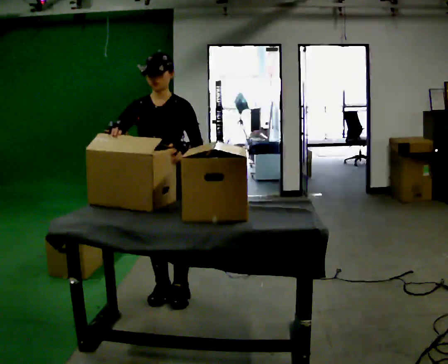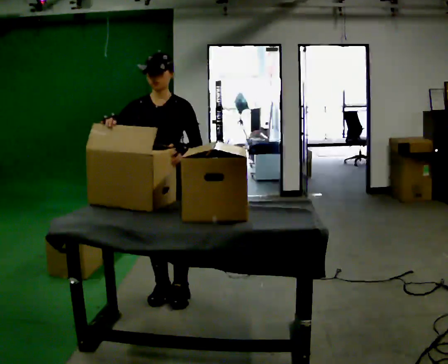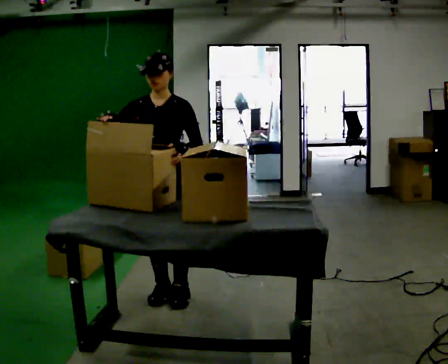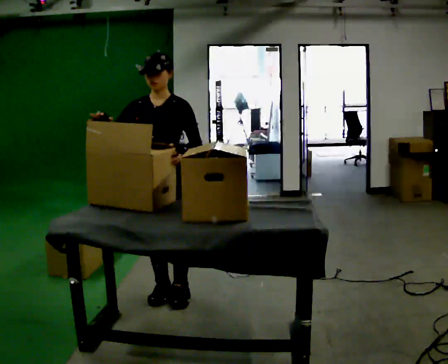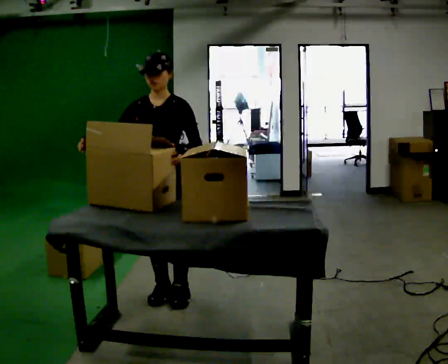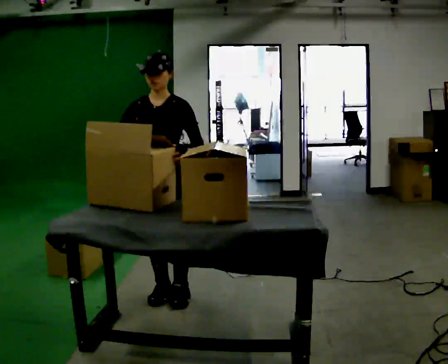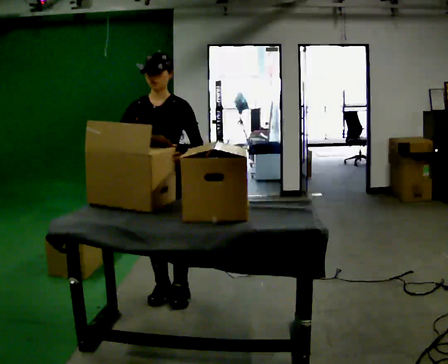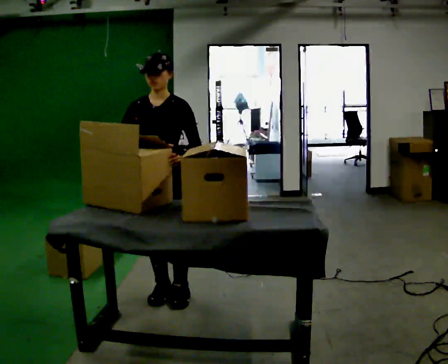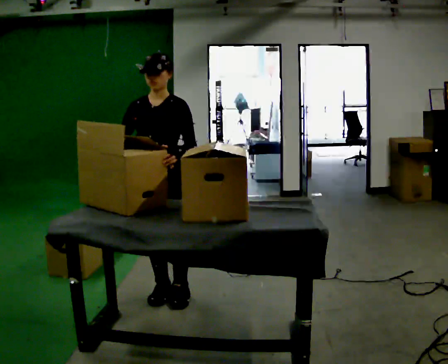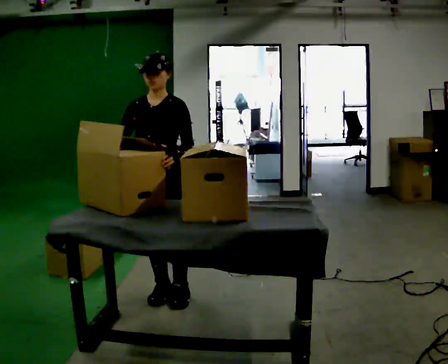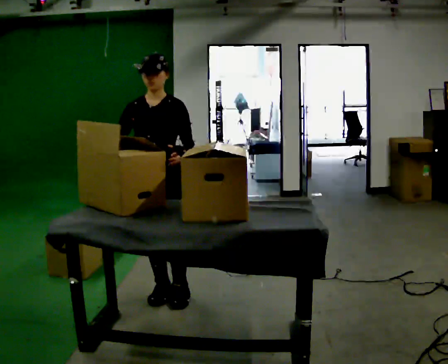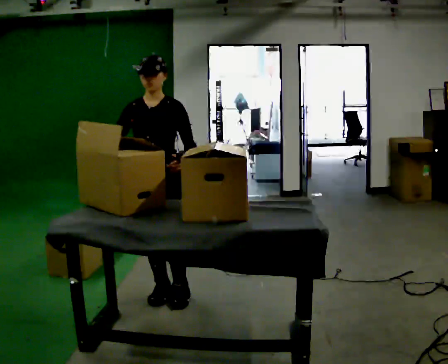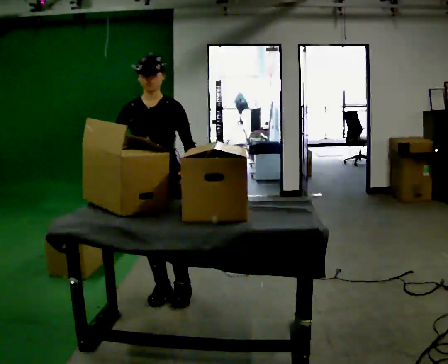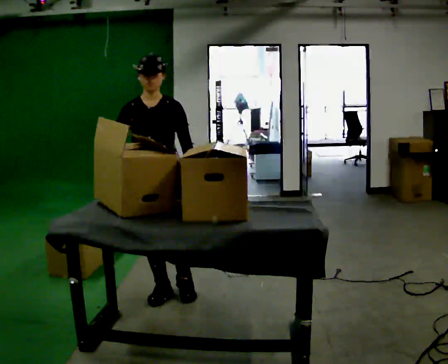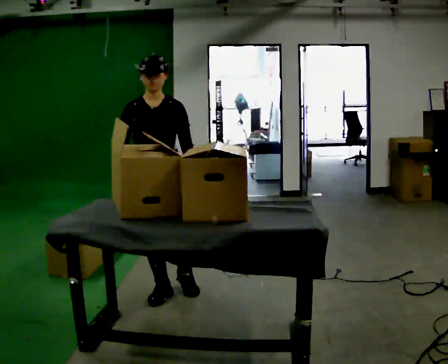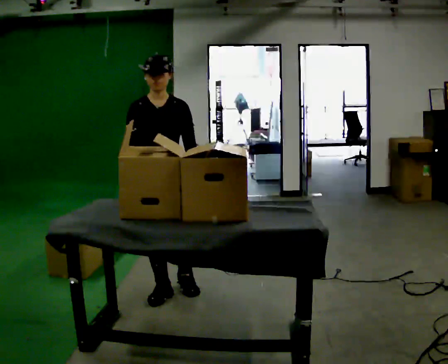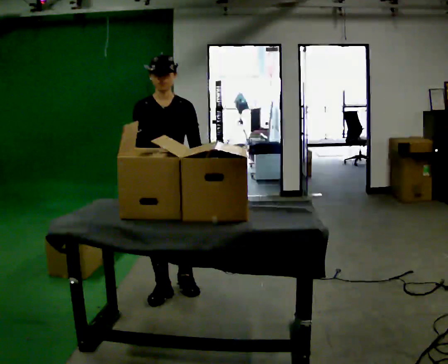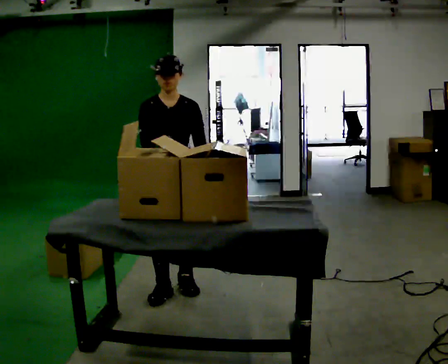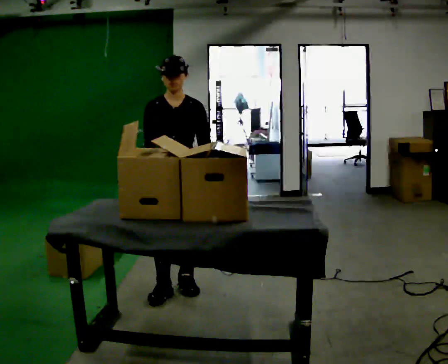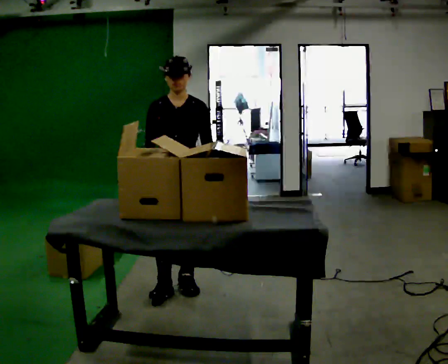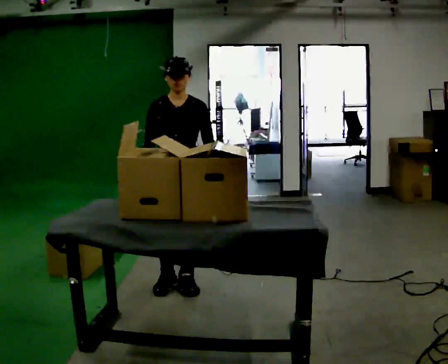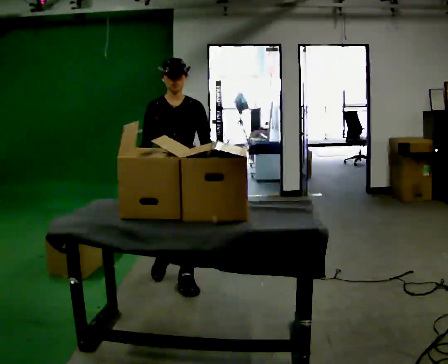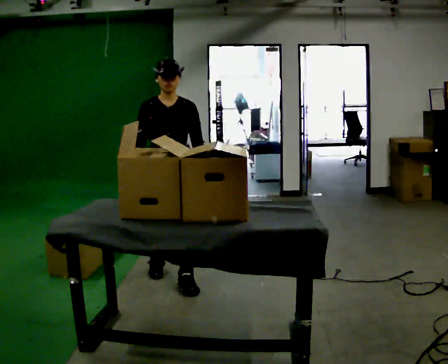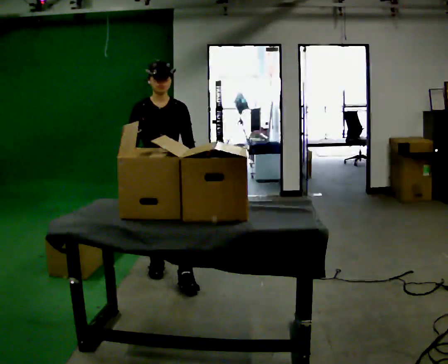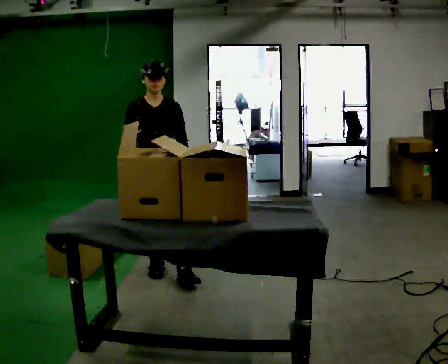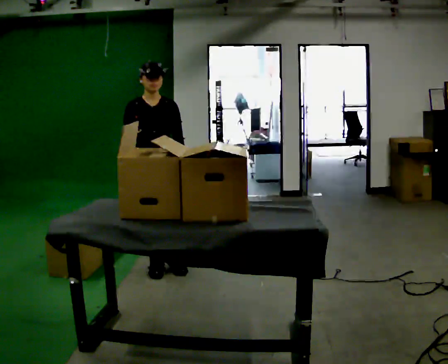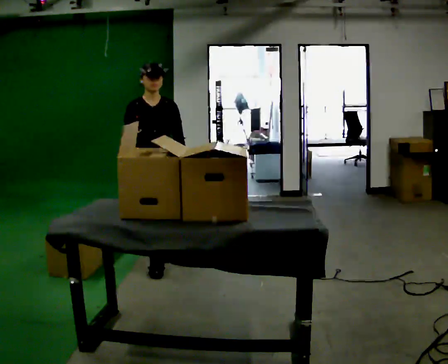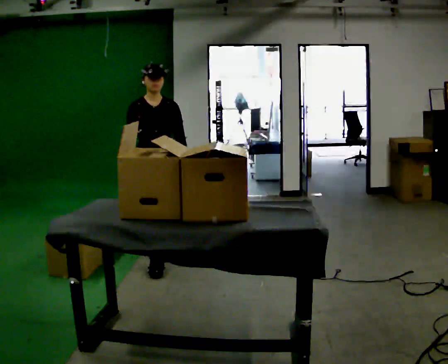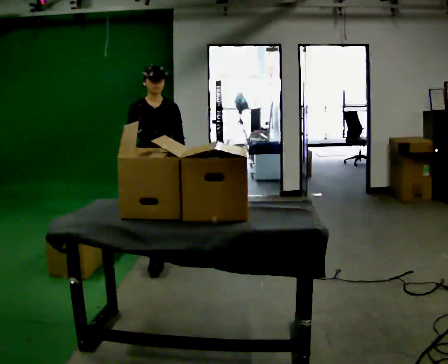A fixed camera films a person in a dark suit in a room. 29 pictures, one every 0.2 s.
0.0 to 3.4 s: The person moves a little, or ends about where they began.
3.4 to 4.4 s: In the picture they go away from the camera, about 0.25 m in 1 step, which for them is backward.
4.4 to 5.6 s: In the picture they go away from the camera, about 0.5 m in 1 step, which for them is backward.
The film runs backward here.
